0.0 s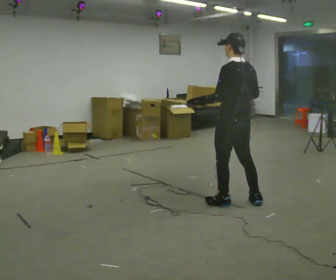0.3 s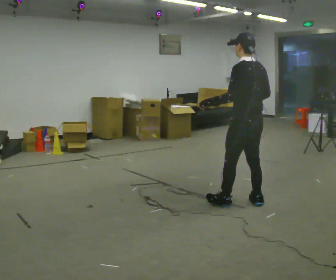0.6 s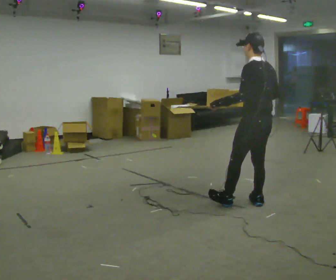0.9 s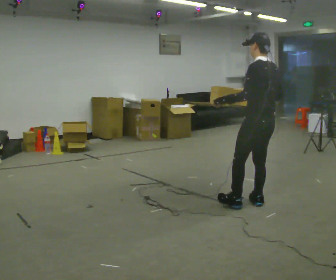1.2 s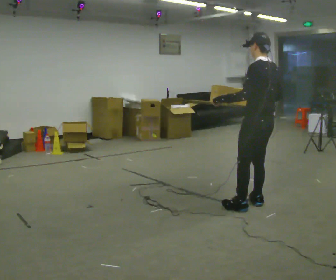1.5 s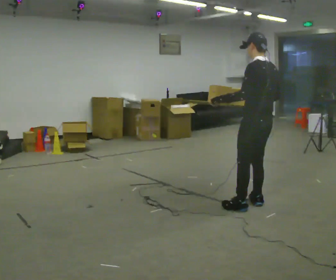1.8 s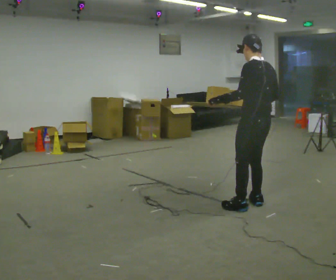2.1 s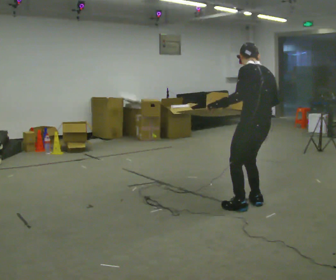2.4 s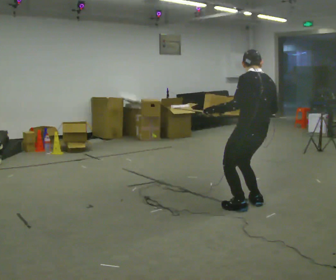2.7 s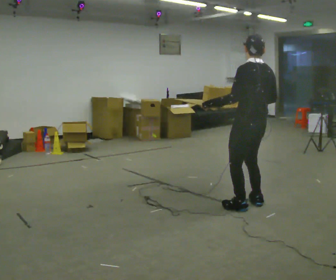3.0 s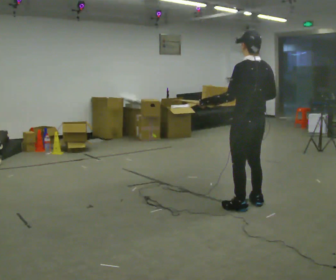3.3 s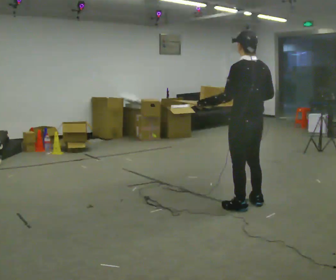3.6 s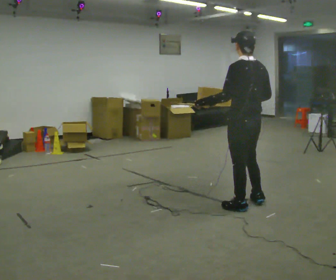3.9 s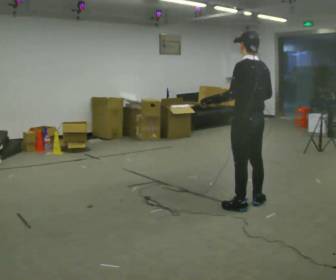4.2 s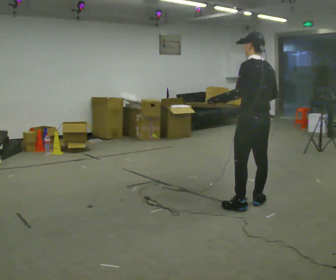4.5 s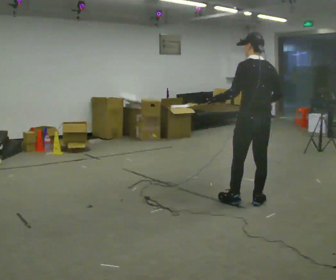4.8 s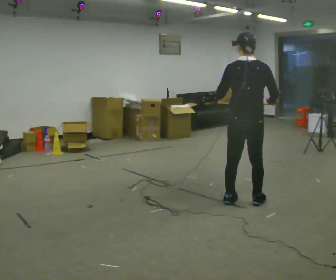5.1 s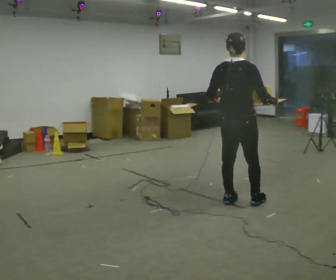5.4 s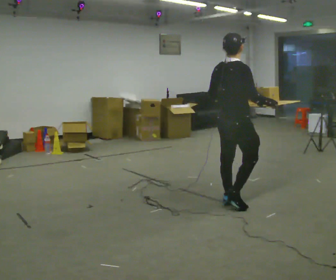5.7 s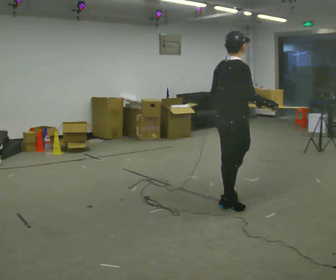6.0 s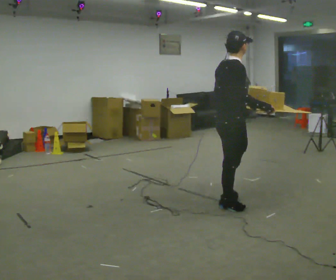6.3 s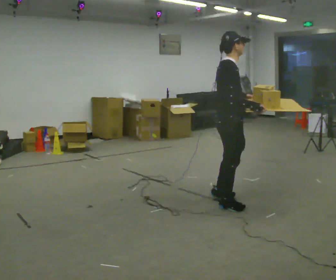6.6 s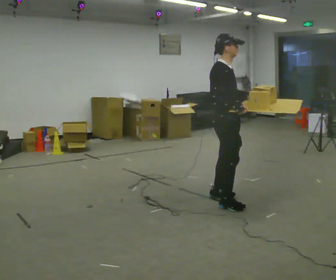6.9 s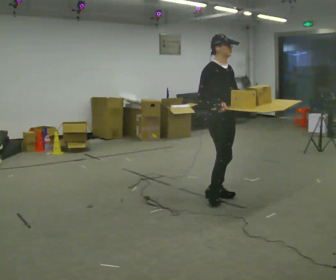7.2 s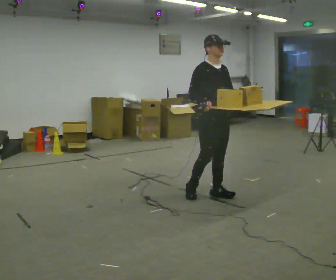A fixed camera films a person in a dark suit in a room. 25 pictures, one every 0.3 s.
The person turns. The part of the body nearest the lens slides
to the left.
The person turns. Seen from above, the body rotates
clockwise.
0.0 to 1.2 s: In the picture they go to the right, about 0.25 m in 1 step, which for them is backward and to their right.
1.2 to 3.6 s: The person moves a little, or ends about where they began.
3.6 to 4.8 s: Seen from above the body turns clockwise, about 45 degrees: to their right, with its near side sliding to the left.
4.8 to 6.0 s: The person turns about 75 degrees to their right, clockwise seen from above, so the part of the body nearest the lens slides to the left. In the picture they go to the left, about 0.25 m in 2 steps.
6.0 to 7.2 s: The part of the body nearest the lens slides to the left as the person turns to their right by about 75 degrees. In the picture they go away from the camera and to the left, about 0.25 m in 1 step.
The film runs backward here.
